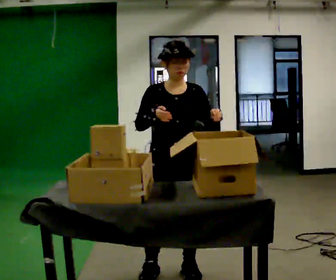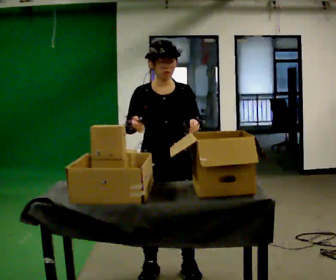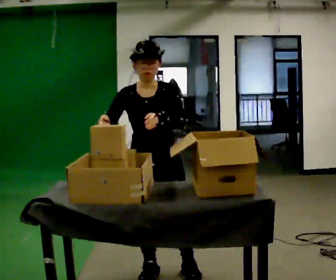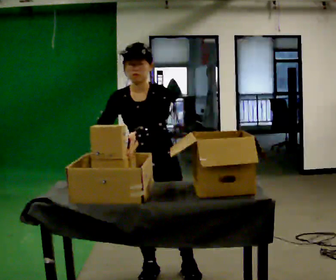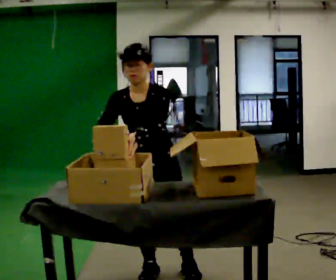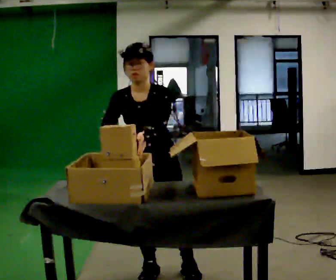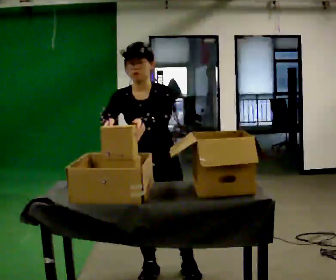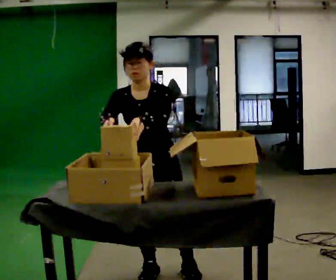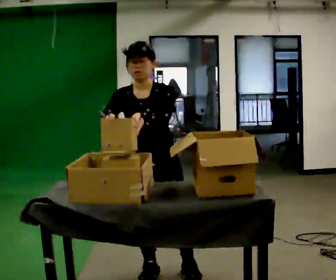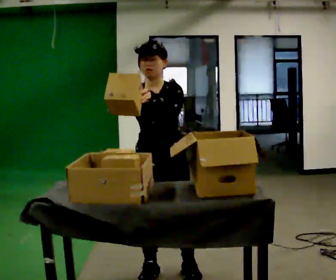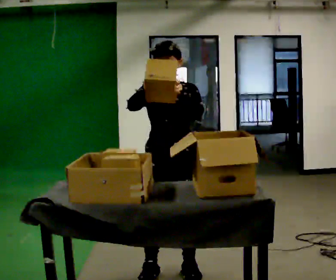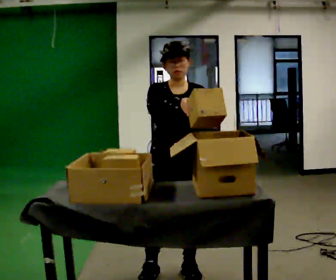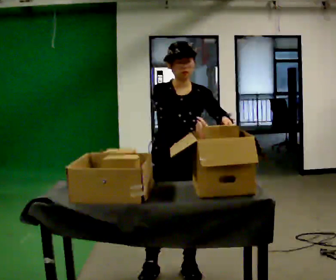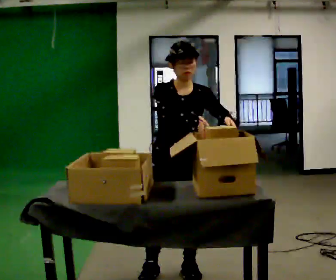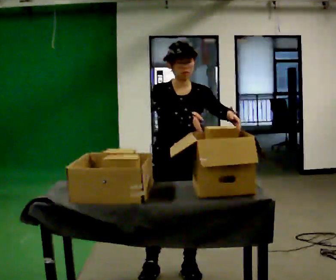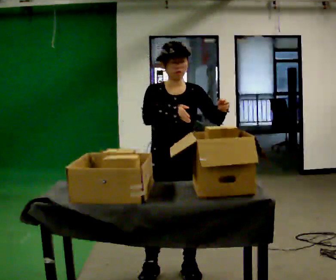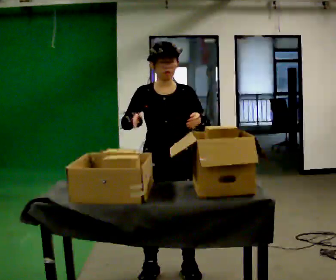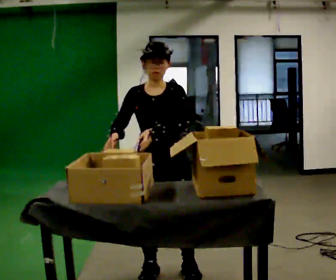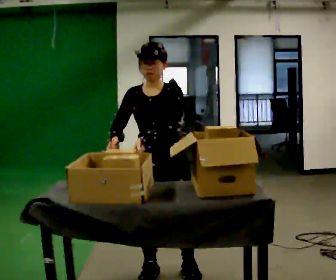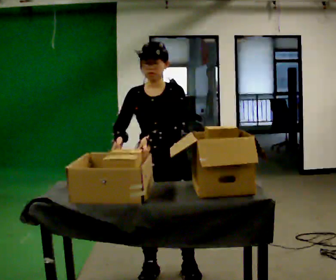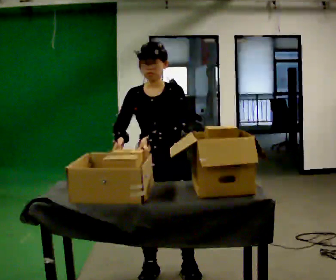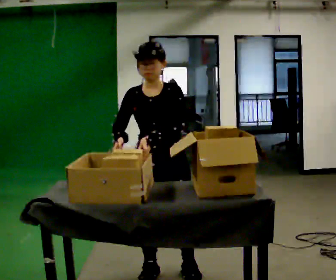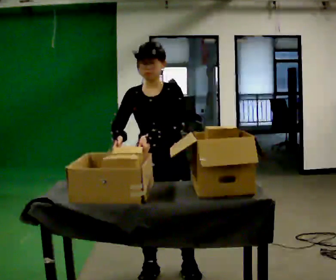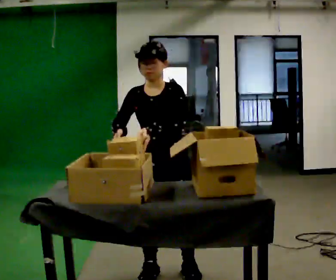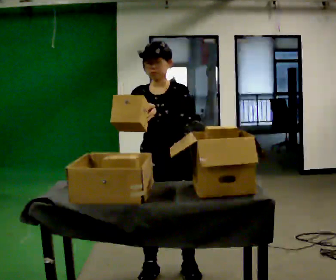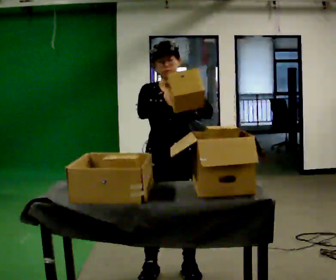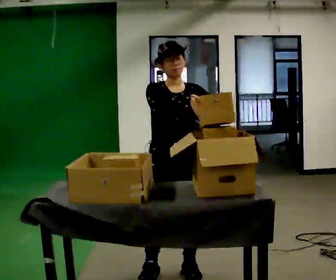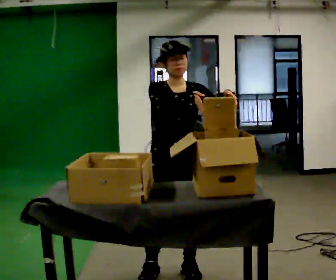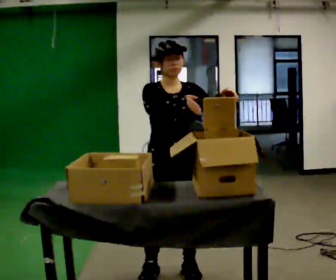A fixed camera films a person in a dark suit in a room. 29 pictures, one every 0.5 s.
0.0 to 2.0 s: In the picture they go to the left, about 0.25 m, which for them is to their right. The upper body tips toward the camera, its near side rolling downward, as they bend forward. In the picture their left hand goes to the left.
2.0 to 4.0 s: The person moves a little, or ends about where they began.
4.0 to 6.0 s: In the picture they go to the right, about 0.25 m, which for them is to their left. In the picture their left hand goes to the right.
6.0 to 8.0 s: In the picture their right hand goes to the left.
8.0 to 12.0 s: The person moves a little, or ends about where they began.
12.0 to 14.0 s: In the picture their left hand goes to the right.
The film runs backward here.
